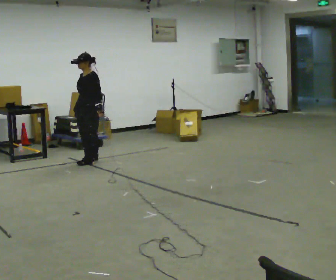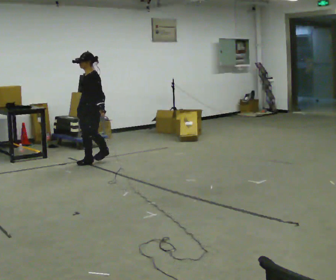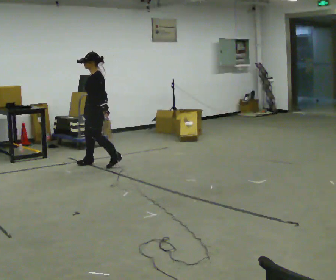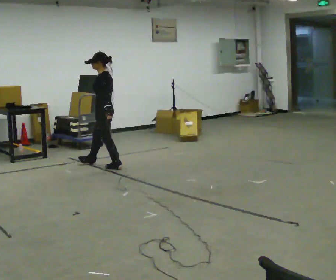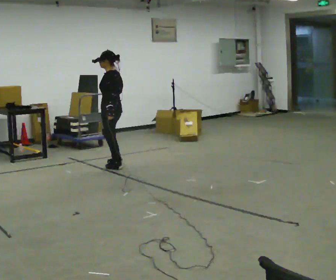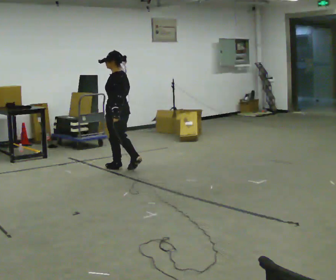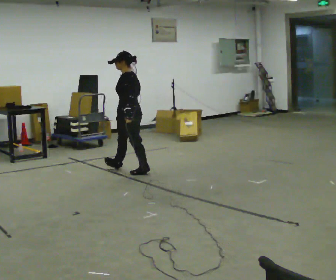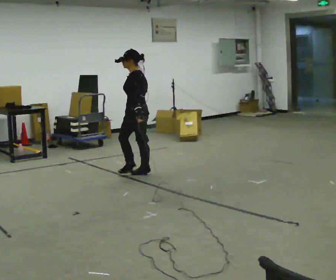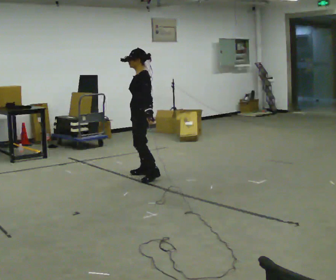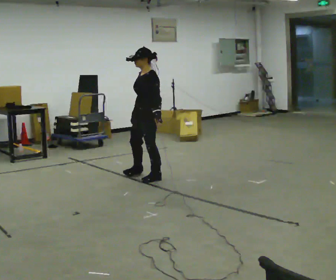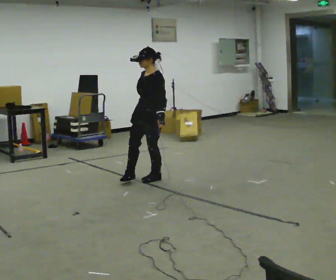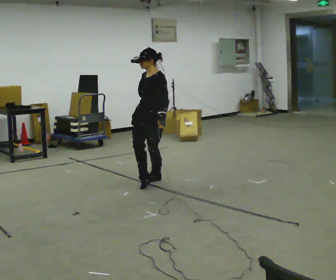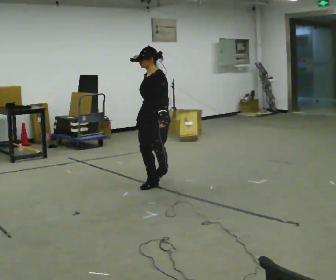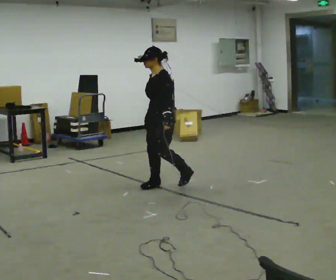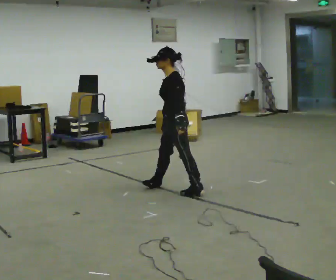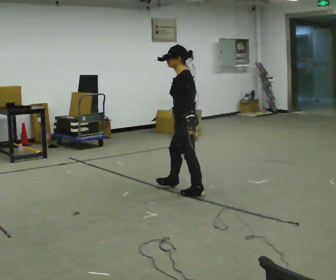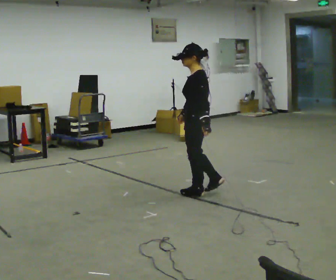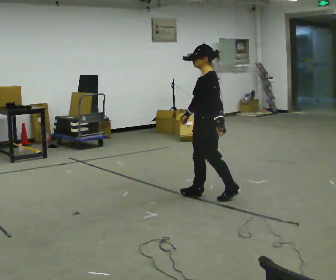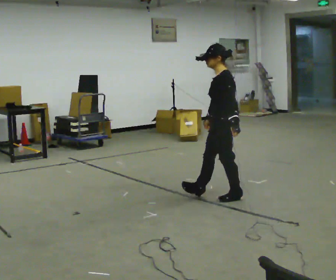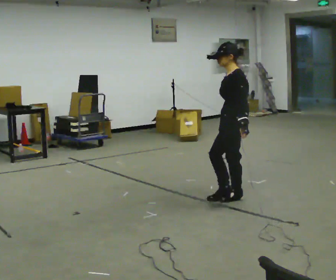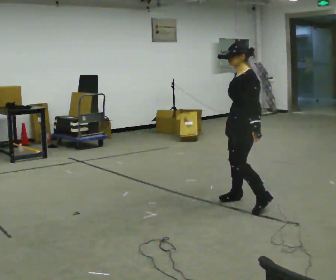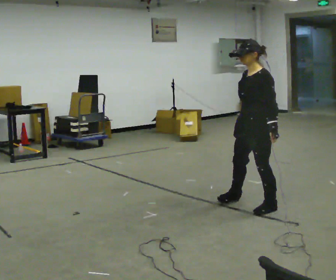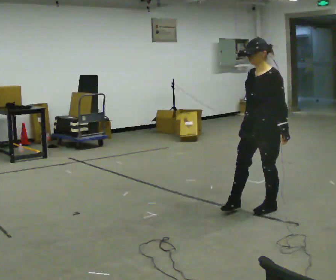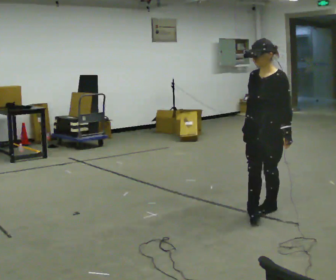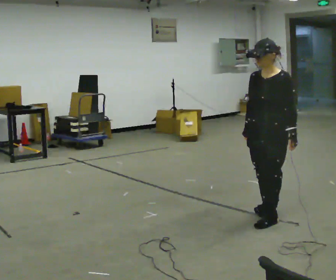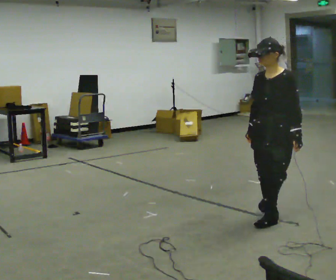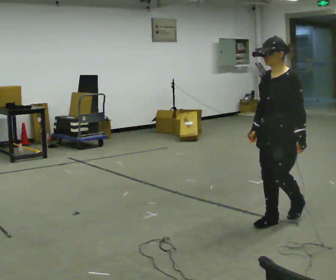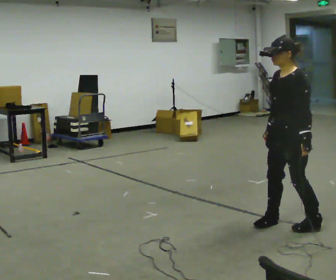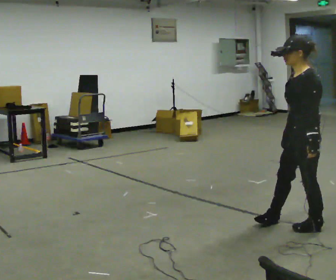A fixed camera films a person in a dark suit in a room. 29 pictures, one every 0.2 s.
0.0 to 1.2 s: Seen from above the body turns clockwise, about 75 degrees: to their right, with its near side sliding to the left. In the picture they go to the right and toward the camera, about 1 m in 2 steps.
1.2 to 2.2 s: Seen from above the body turns counterclockwise, about 75 degrees: to their left, with its near side sliding to the right. In the picture they go toward the camera and to the right, about 0.5 m in 1 step.
2.2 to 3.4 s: The person turns about 60 degrees to their right, clockwise seen from above, so the part of the body nearest the lens slides to the left. In the picture they go toward the camera and to the right, about 1 m in 2 steps.
3.4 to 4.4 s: Seen from above the body turns counterclockwise, about 45 degrees: to their left, with its near side sliding to the right. In the picture they go toward the camera and to the right, about 0.75 m in 2 steps, which for them is to their left and backward.
4.4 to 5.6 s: The part of the body nearest the lens slides to the left as the person turns to their right by about 30 degrees. In the picture they go toward the camera and to the right, about 0.5 m in 1 step, which for them is to their left and forward.
The film runs backward here.
